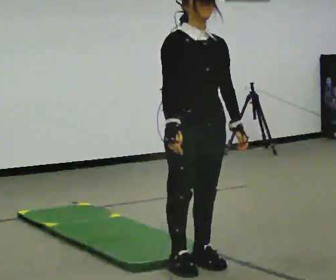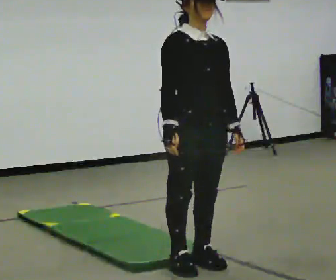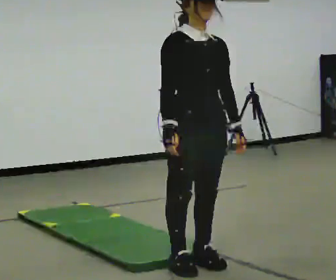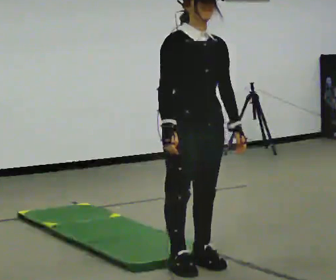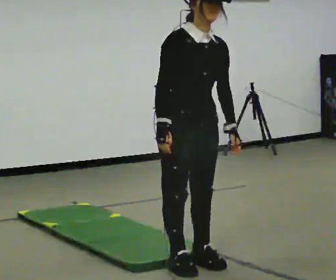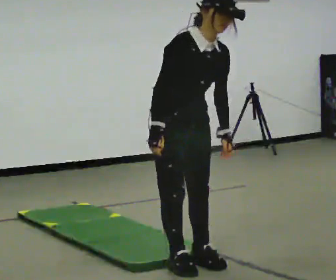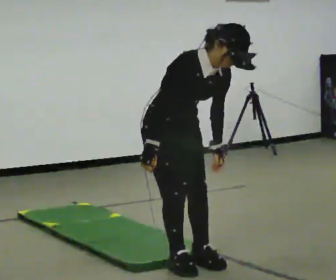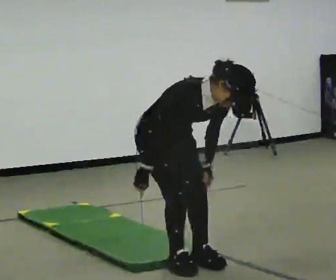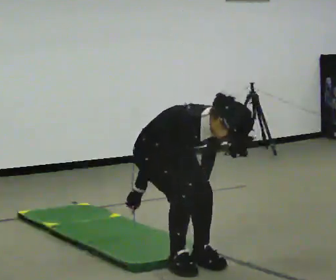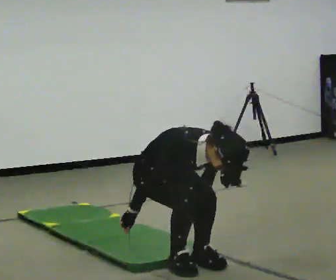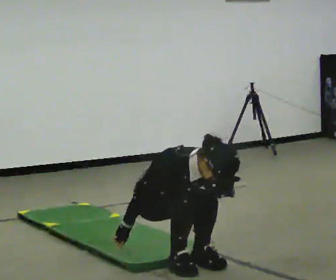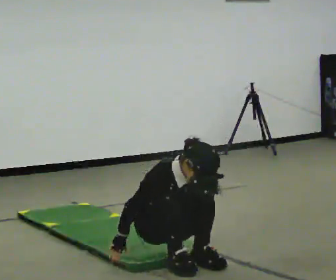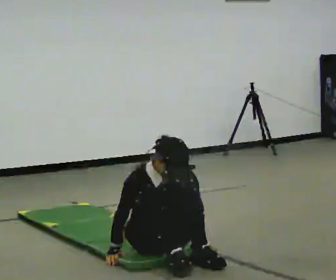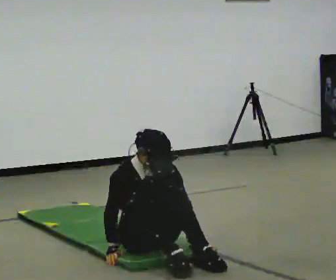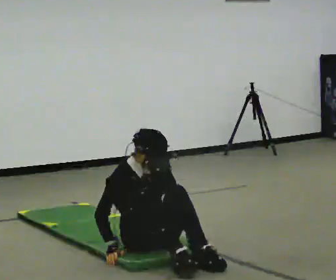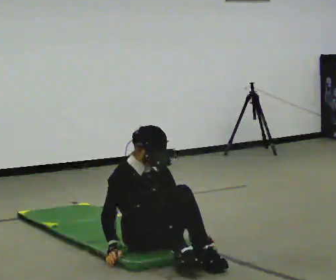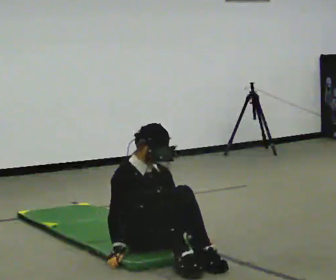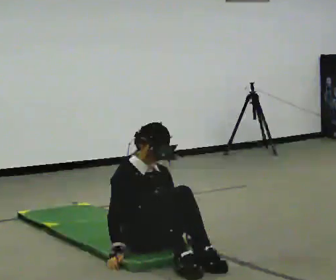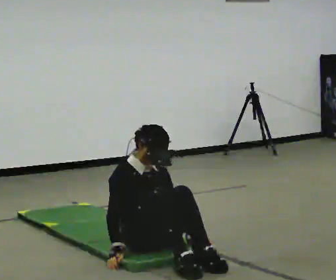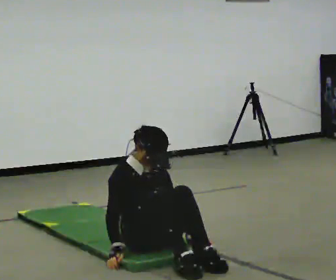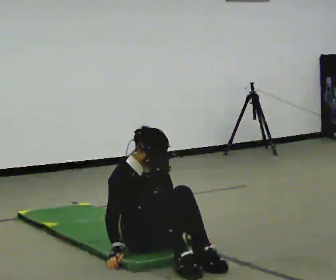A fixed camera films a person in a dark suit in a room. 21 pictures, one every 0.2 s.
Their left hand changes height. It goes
downward.
The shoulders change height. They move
downward.
0.0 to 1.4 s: In the picture they go away from the camera and to the left, about 0.25 m, which for them is backward. The upper body goes downward. The upper body tips toward the camera, its near side rolling downward, as they bend forward.
1.4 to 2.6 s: In the picture they go away from the camera, about 0.25 m, which for them is backward. The upper body goes downward. In the picture the upper body tilts counterclockwise, shoulders to the left, as they lean back or straighten. In the picture their left hand goes downward.
2.6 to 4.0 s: The upper body tips away from the camera, its near side rolling upward, as they lean back or straighten.
The film runs forward here.
